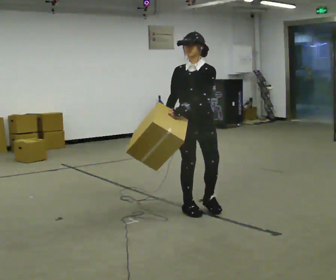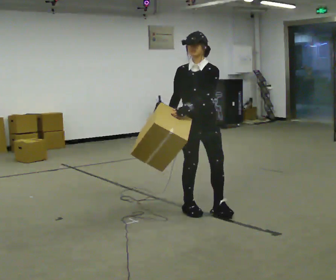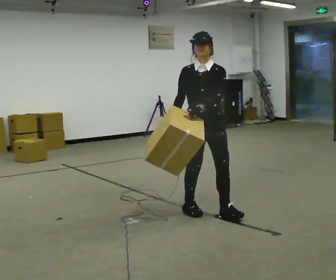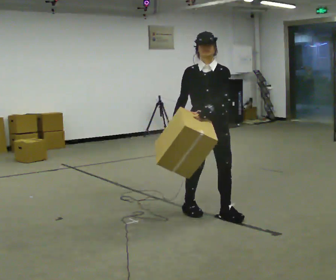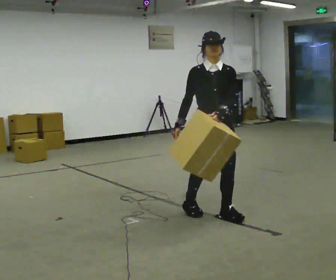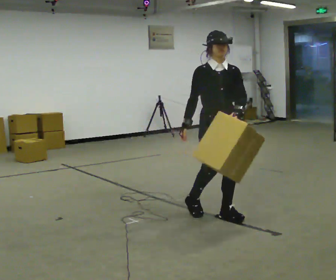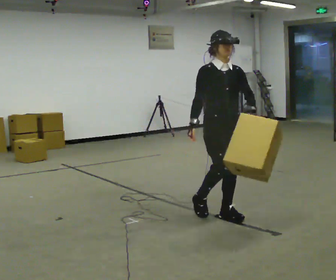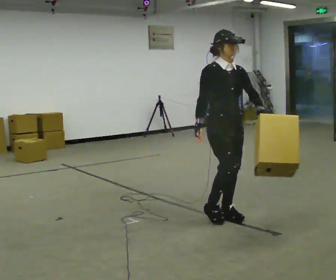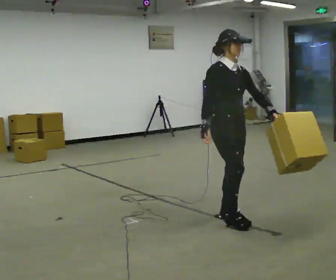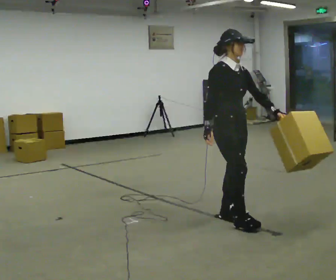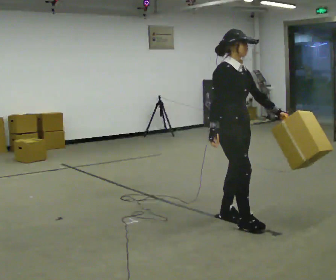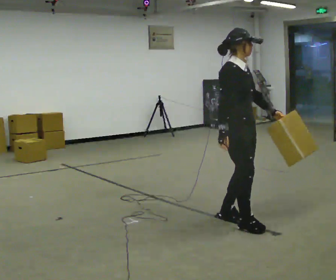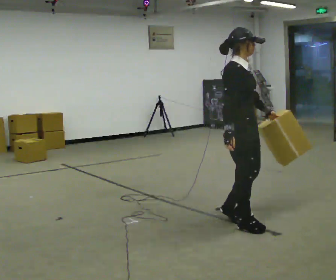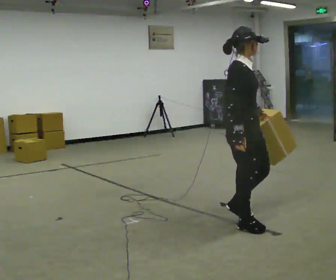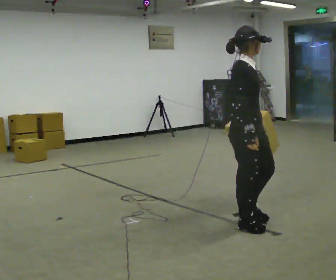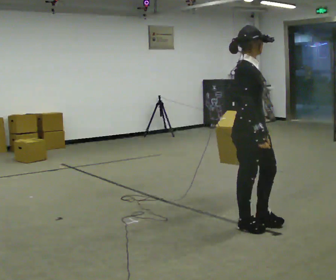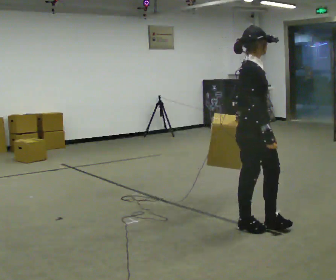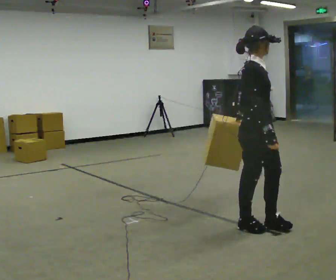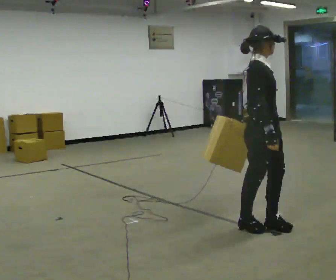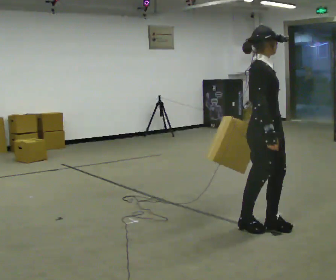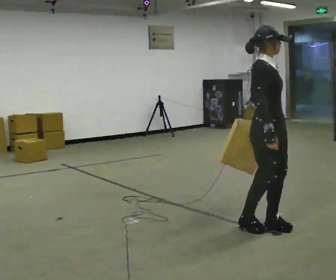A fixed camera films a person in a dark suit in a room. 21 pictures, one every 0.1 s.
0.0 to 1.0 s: The person turns about 60 degrees to their left, counterclockwise seen from above, so the part of the body nearest the lens slides to the right. In the picture they go to the right and toward the camera, about 0.5 m in 2 steps, which for them is forward.
1.0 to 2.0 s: In the picture they go to the right and toward the camera, about 0.25 m in 1 step, which for them is forward.
The film runs forward here.
